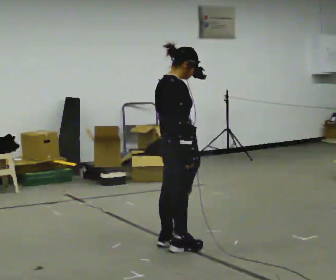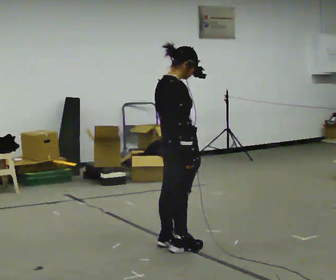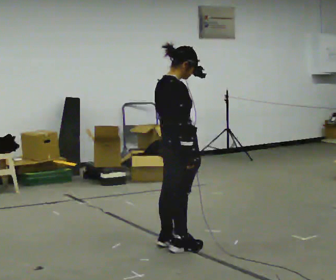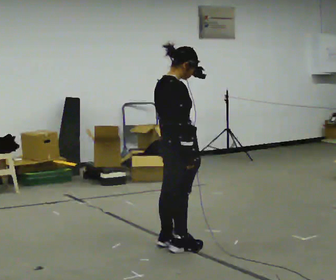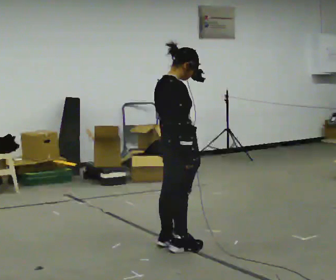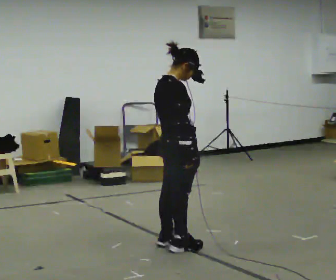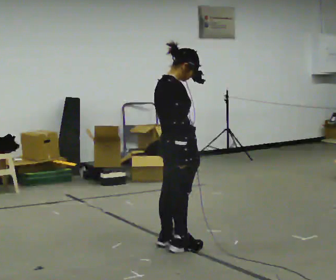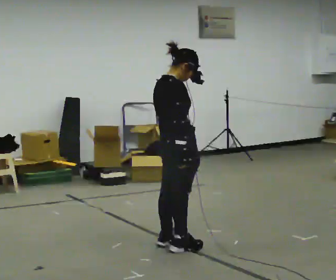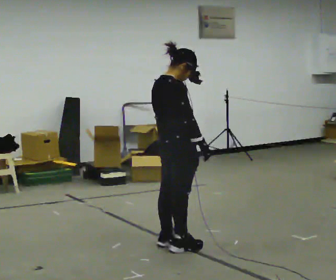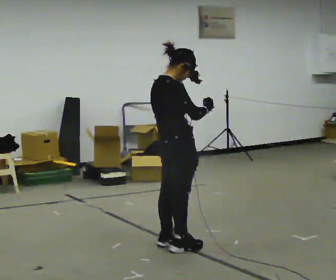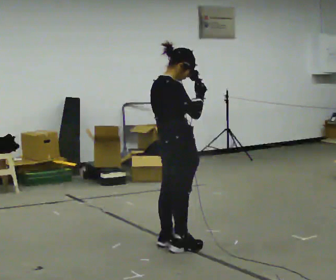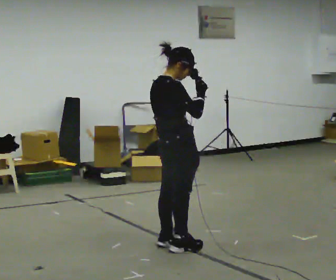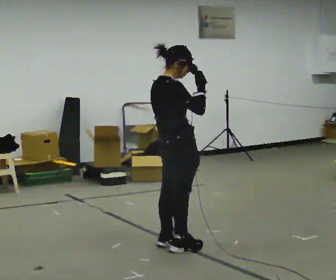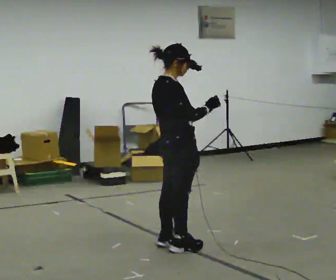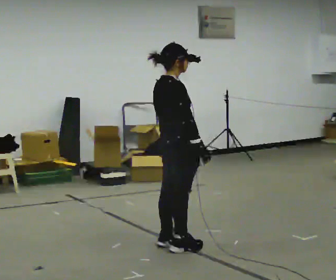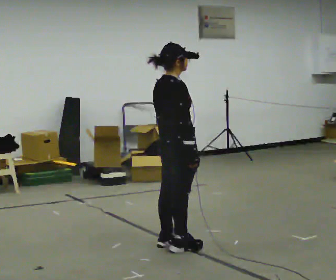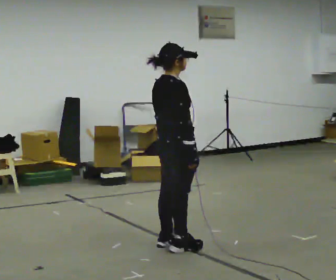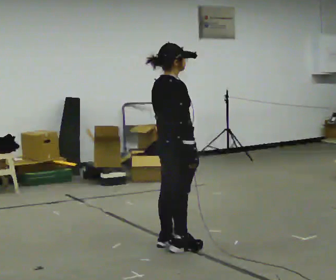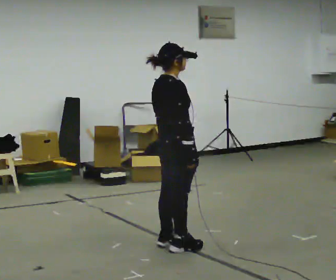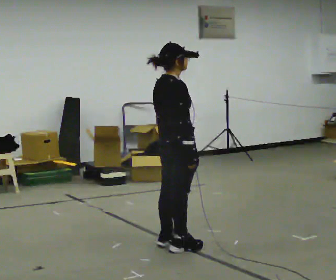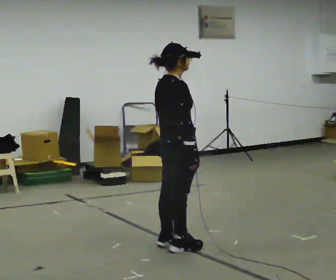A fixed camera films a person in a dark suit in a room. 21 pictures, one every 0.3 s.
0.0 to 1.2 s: The person keeps their place and pose.
1.2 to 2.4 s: The person moves a little, or ends about where they began.
2.4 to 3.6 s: In the picture their right hand goes upward.
3.6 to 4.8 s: In the picture their right hand goes downward.
4.8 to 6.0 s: The person keeps their place and pose.
The film runs backward here.
